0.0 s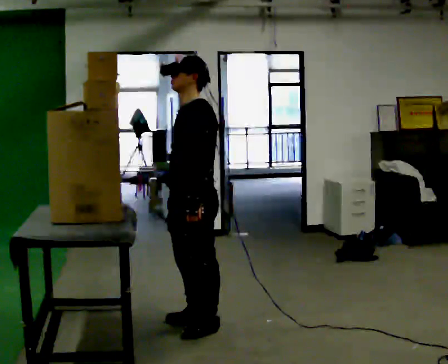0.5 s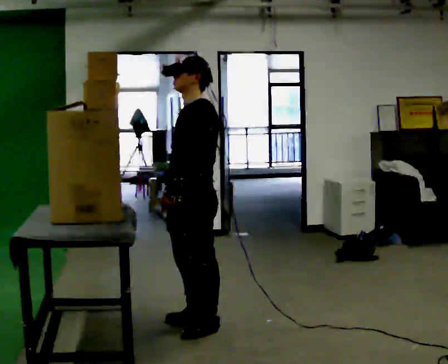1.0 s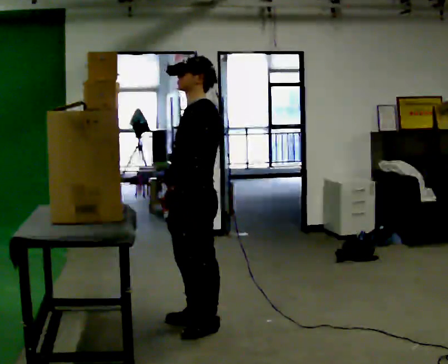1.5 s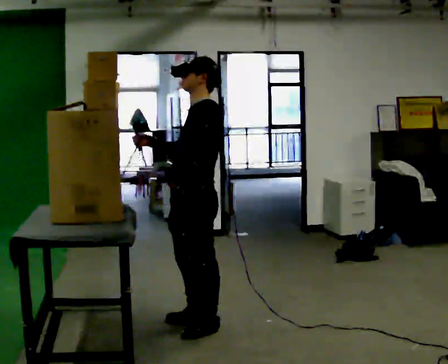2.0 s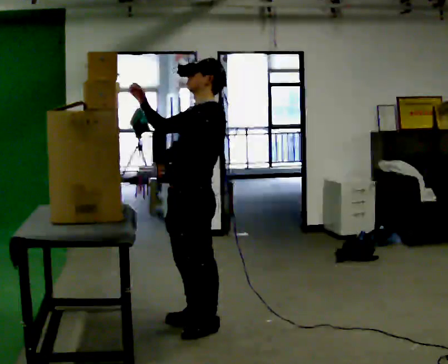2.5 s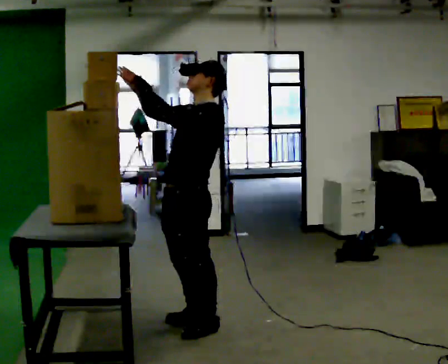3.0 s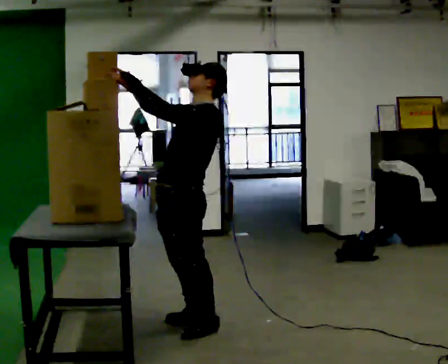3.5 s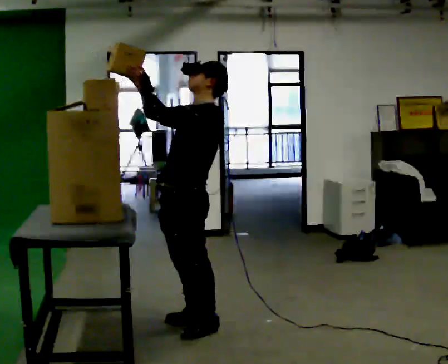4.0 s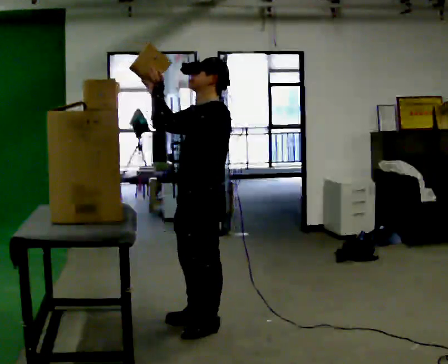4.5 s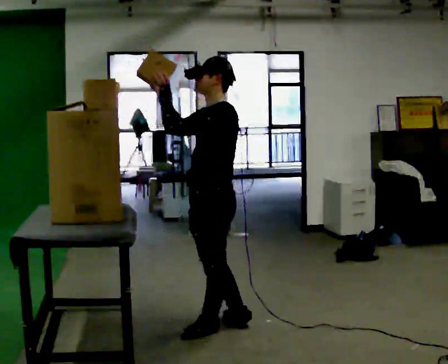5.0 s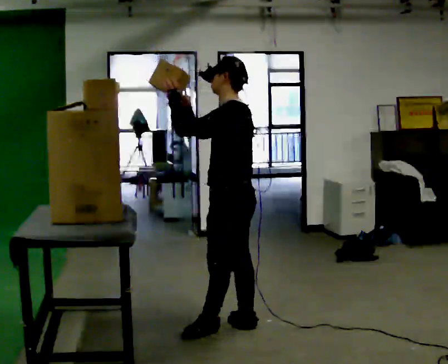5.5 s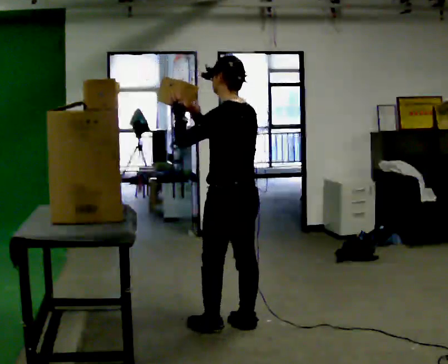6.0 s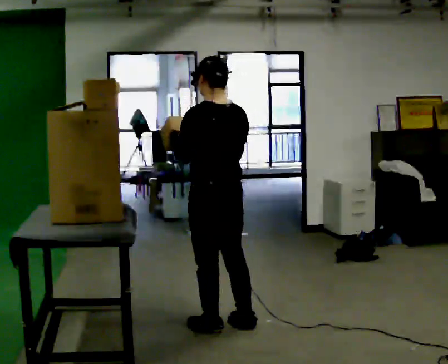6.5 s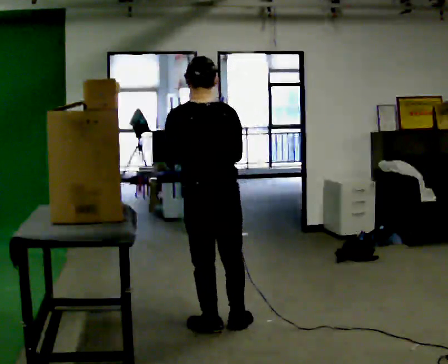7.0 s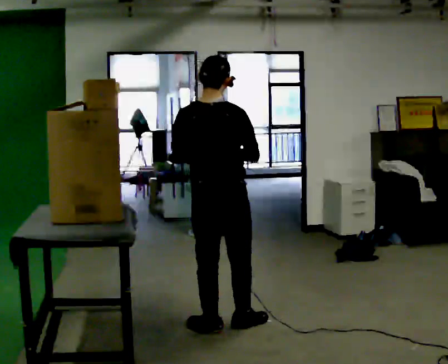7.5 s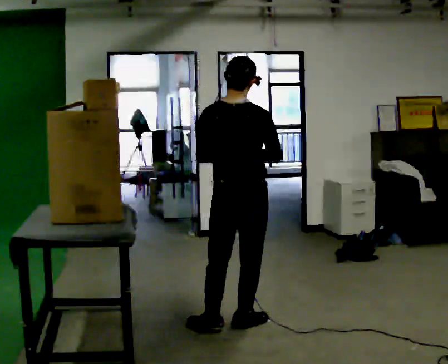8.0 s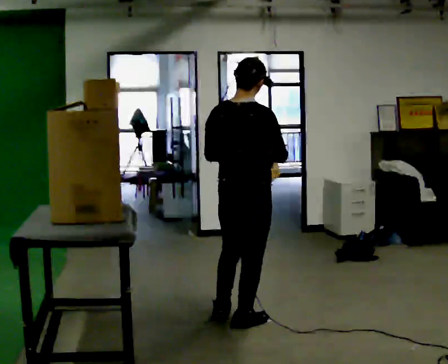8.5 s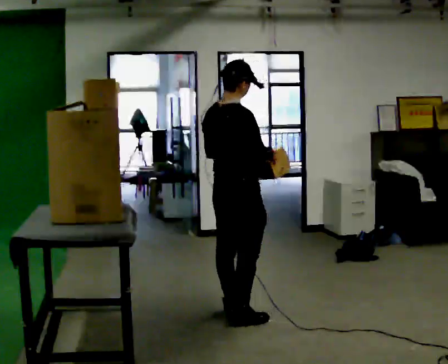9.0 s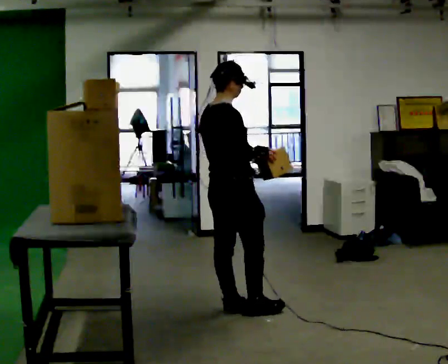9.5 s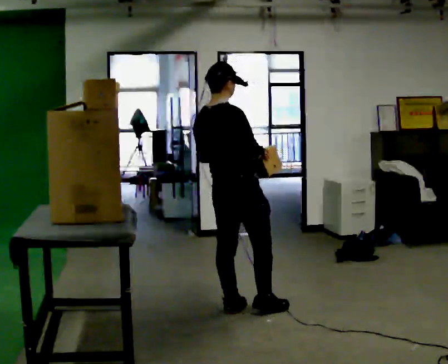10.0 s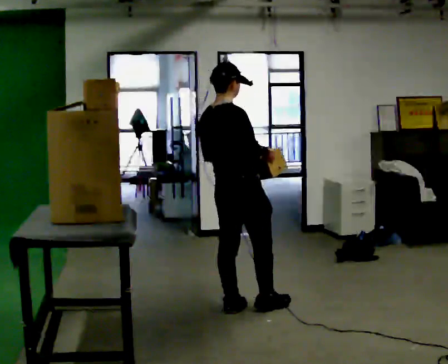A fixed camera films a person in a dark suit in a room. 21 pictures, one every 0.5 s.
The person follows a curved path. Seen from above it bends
counterclockwise.
The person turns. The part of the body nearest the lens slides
to the left.
0.0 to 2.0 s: In the picture their right hand goes upward, the arm swinging clockwise.
2.0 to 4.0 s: The person moves a little, or ends about where they began.
4.0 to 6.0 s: Seen from above the body turns clockwise, about 75 degrees: to their right, with its near side sliding to the left.
6.0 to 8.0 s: Seen from above the body turns clockwise, about 45 degrees: to their right, with its near side sliding to the left. In the picture they go to the right, about 0.25 m, which for them is to their right. In the picture their right hand goes to the right.
8.0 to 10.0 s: The person turns about 30 degrees to their right, clockwise seen from above, so the part of the body nearest the lens slides to the left. In the picture they go away from the camera, about 0.25 m in 2 steps, which for them is to their left and forward.
The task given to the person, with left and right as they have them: Take an object down from the highest shelf you can comfortably reach, carry it across the room, and set it on the floor. Keep going until the operator says stop; one object at a time, and do not rush between trips.
The film runs forward here.
